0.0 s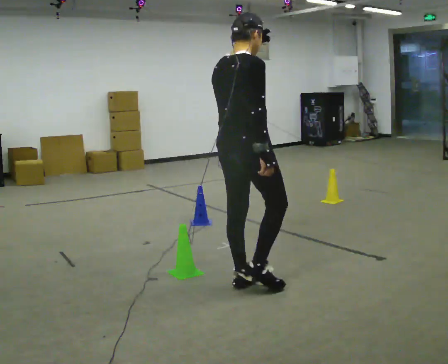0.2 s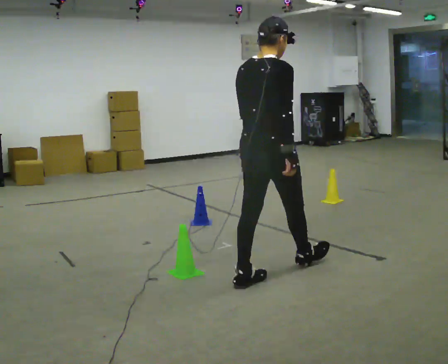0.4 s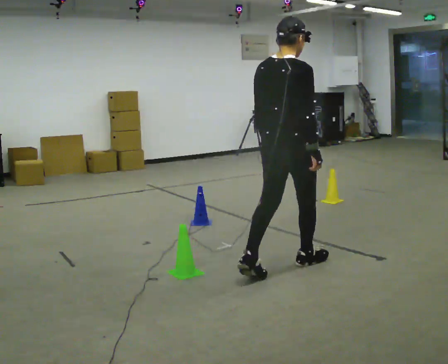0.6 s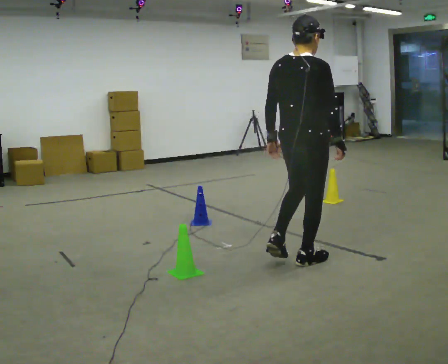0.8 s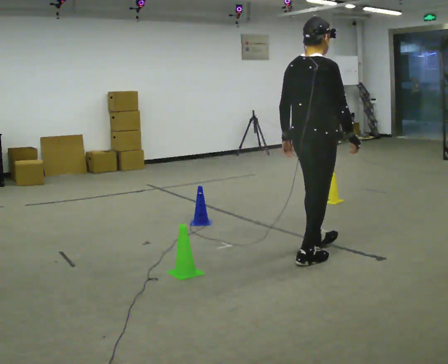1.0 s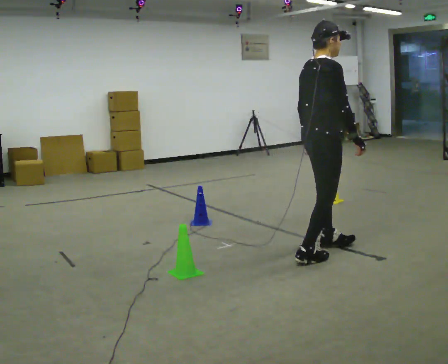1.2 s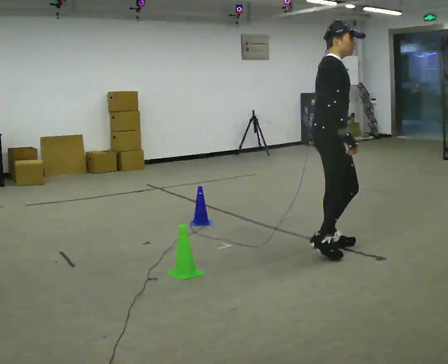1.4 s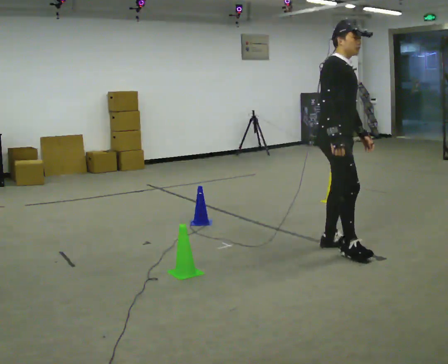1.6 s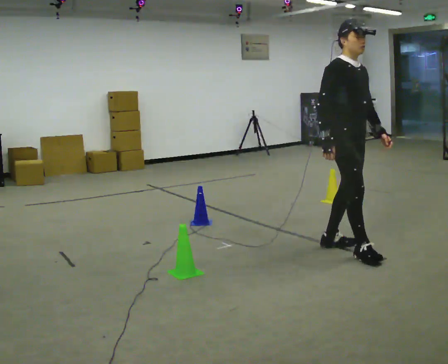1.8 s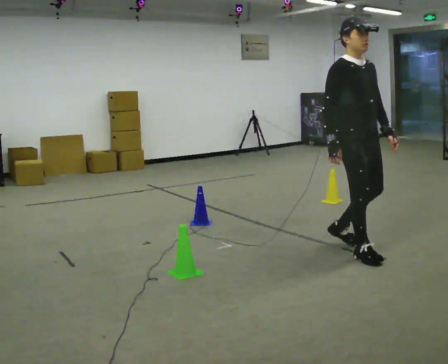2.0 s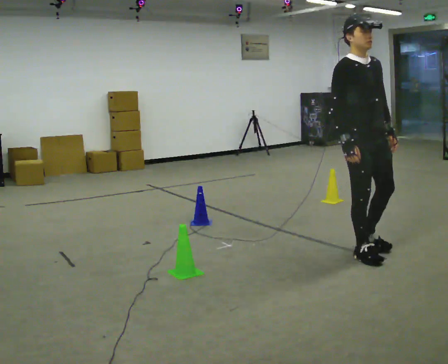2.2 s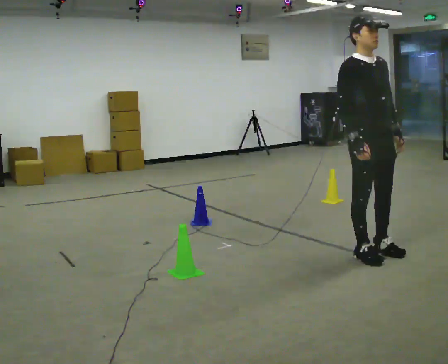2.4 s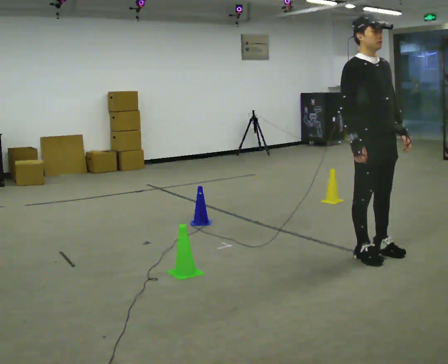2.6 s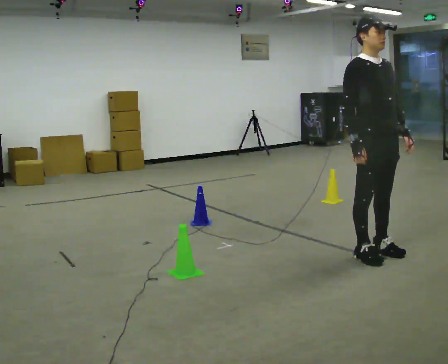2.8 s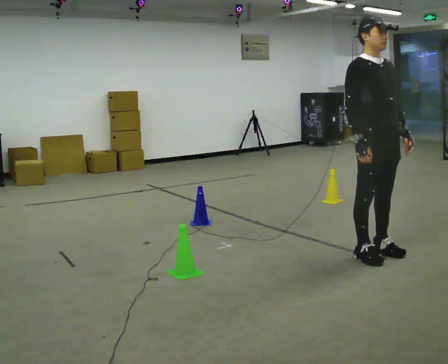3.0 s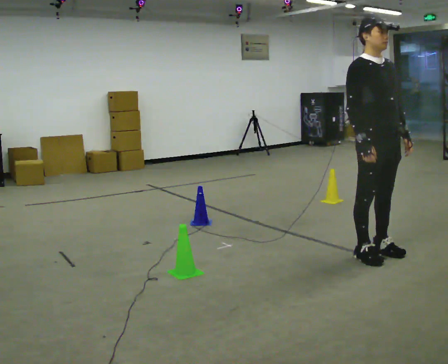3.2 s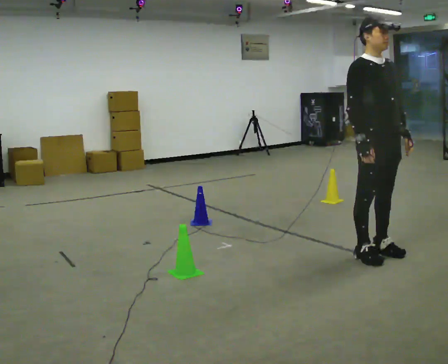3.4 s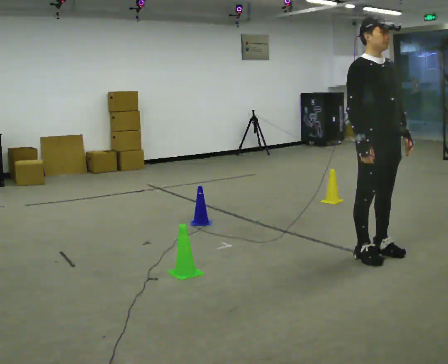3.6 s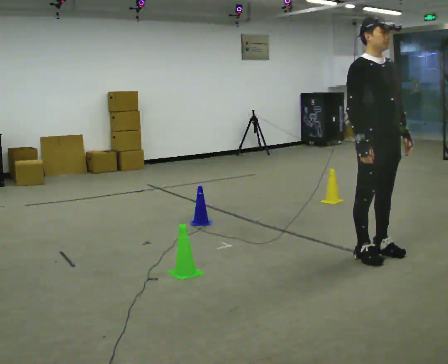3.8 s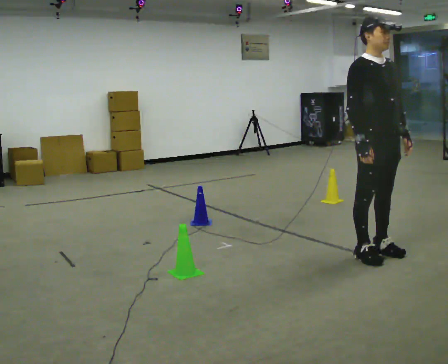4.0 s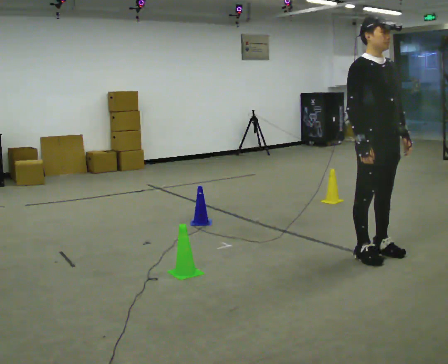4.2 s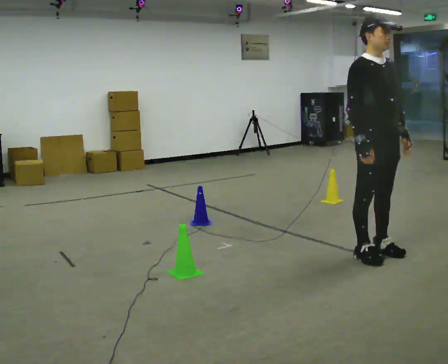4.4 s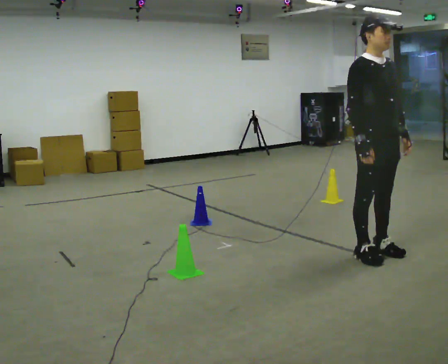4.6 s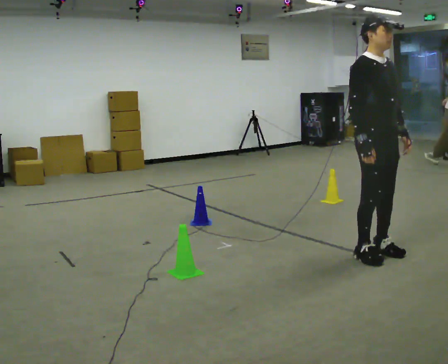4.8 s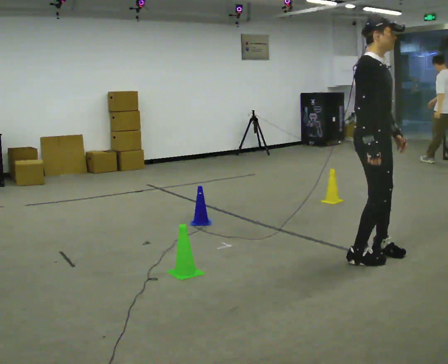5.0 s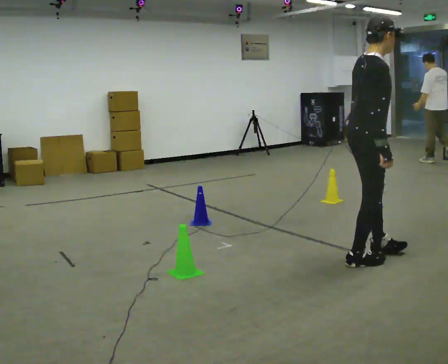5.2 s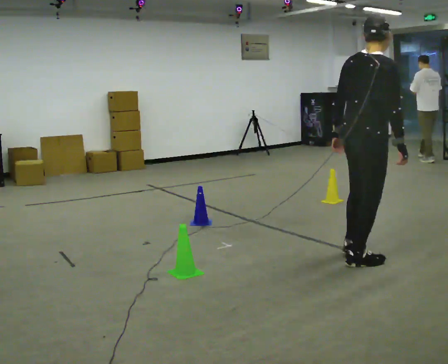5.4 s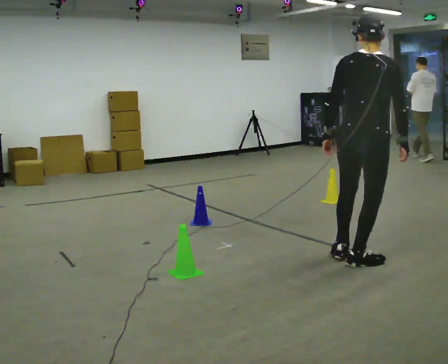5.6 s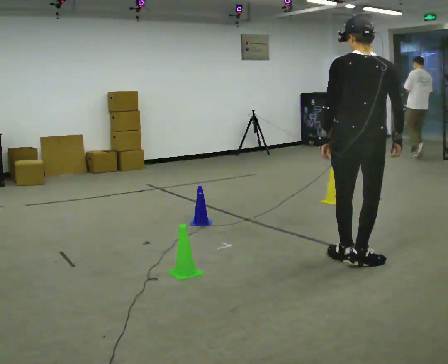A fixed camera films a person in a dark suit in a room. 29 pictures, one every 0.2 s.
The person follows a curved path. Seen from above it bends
clockwise.
0.0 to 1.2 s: Seen from above the body turns clockwise, about 60 degrees: to their right, with its near side sliding to the left. In the picture they go away from the camera and to the right, about 1 m in 2 steps.
1.2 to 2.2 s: The person turns about 45 degrees to their right, clockwise seen from above, so the part of the body nearest the lens slides to the left. In the picture they go to the right, about 0.25 m in 2 steps, which for them is forward.
2.2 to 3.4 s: The person moves a little, or ends about where they began.
3.4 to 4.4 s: The person keeps their place and pose.
4.4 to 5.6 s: The person turns about 135 degrees to their left, counterclockwise seen from above, so the part of the body nearest the lens slides to the right. In the picture their left hand goes to the left, the arm swinging clockwise.
The film runs forward here.
